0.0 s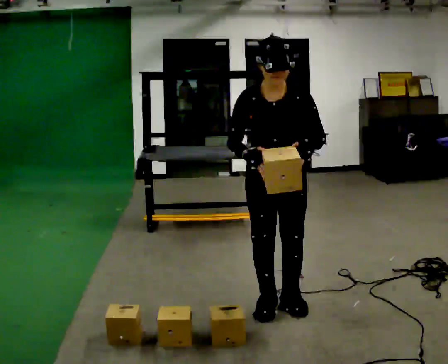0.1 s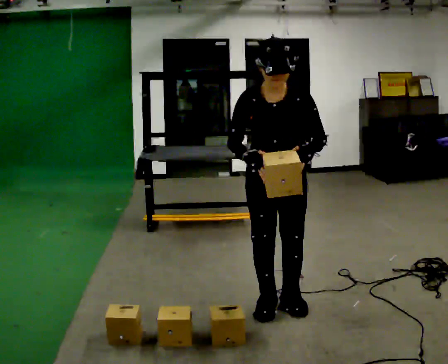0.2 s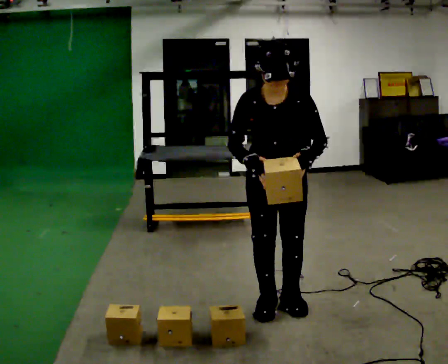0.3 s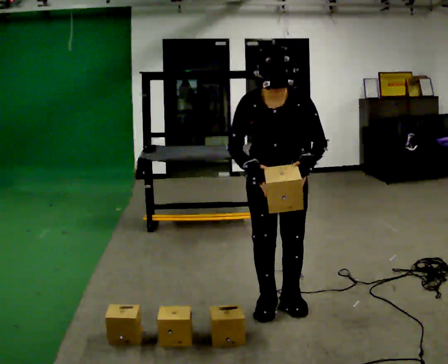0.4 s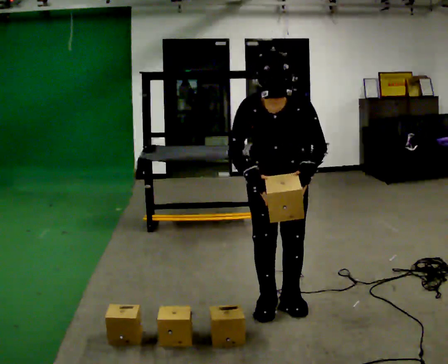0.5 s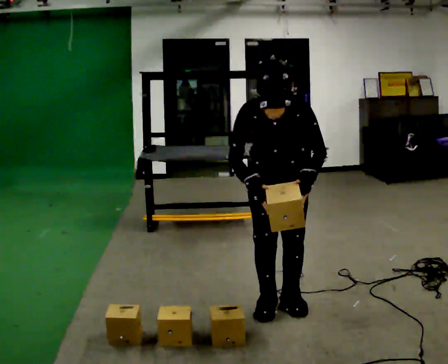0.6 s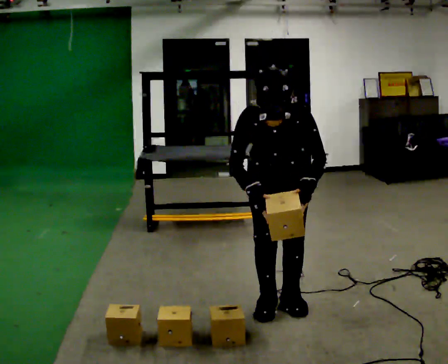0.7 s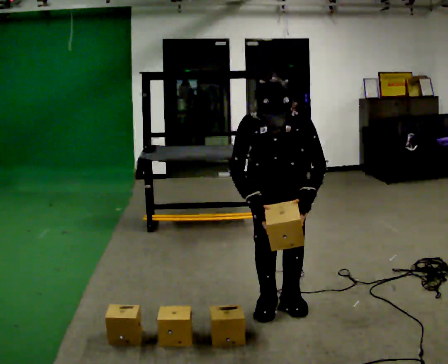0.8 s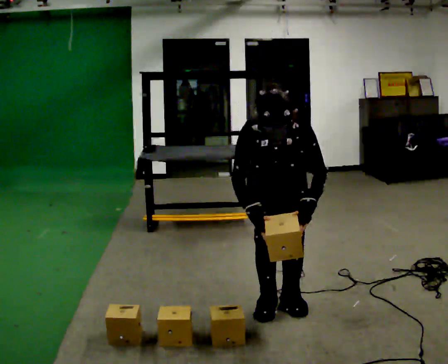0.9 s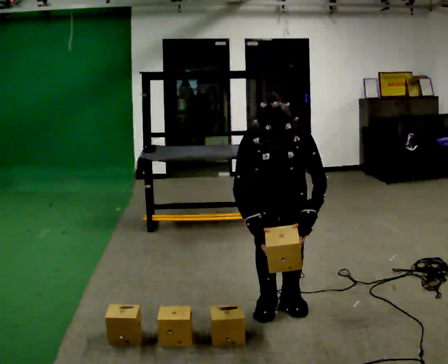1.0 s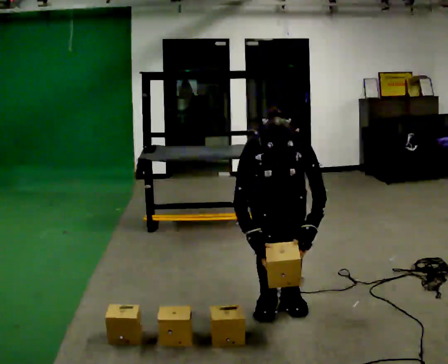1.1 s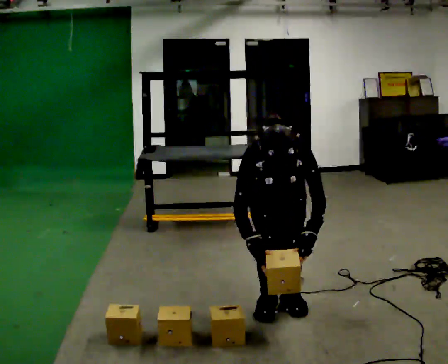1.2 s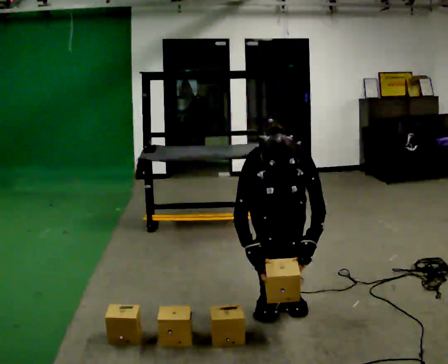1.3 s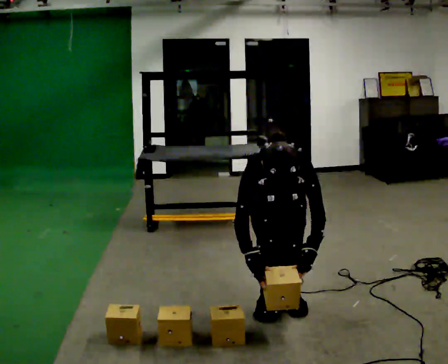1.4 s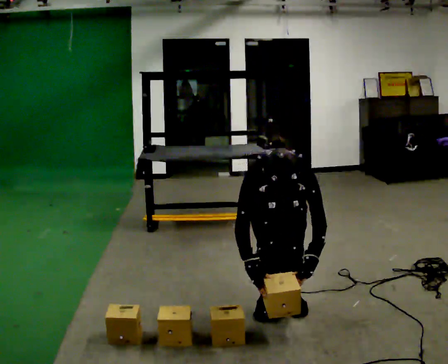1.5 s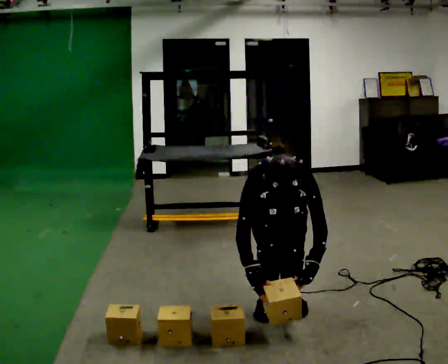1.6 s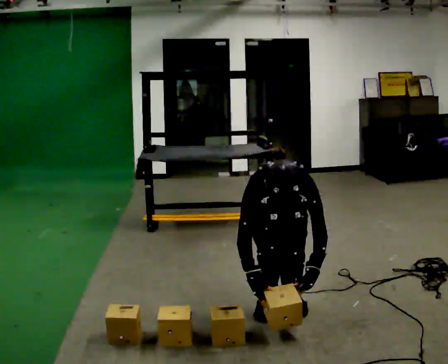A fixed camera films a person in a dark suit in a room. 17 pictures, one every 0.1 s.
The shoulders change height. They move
downward.
Their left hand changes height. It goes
downward.
0.0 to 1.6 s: The upper body goes downward. The upper body tips toward the camera, its near side rolling downward, as they bend forward. In the picture their left hand goes downward.
The film runs forward here.
